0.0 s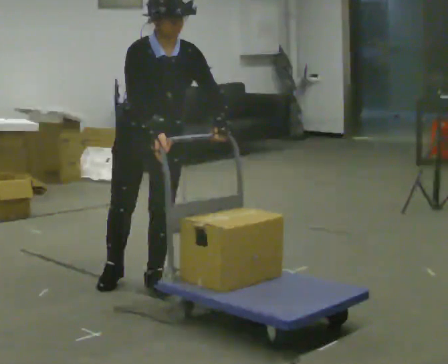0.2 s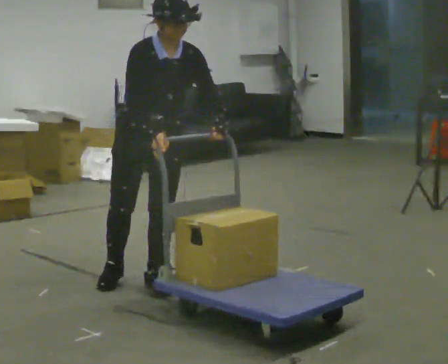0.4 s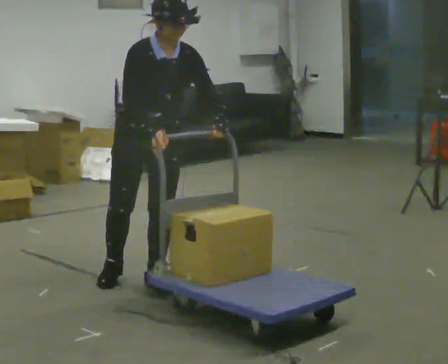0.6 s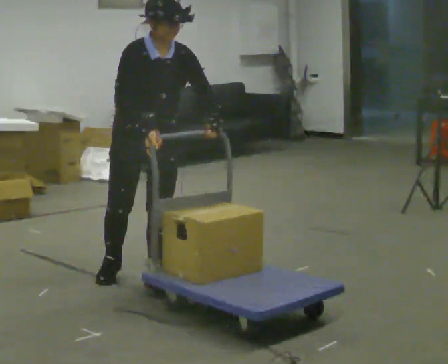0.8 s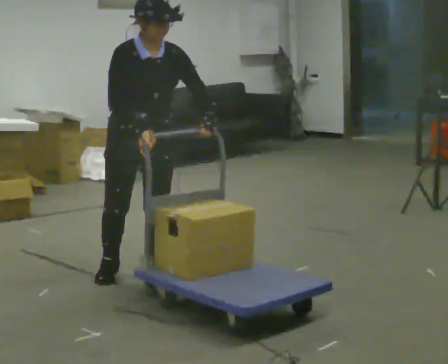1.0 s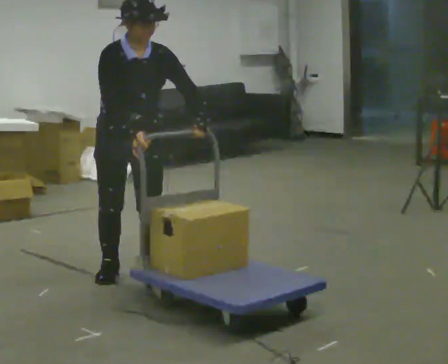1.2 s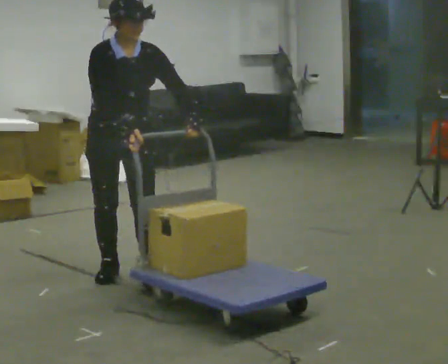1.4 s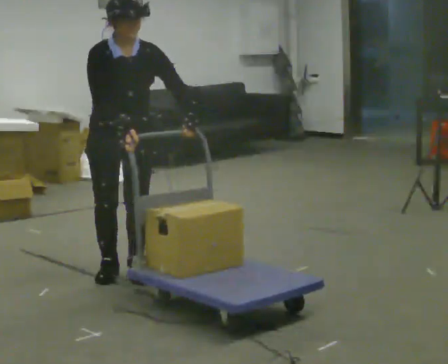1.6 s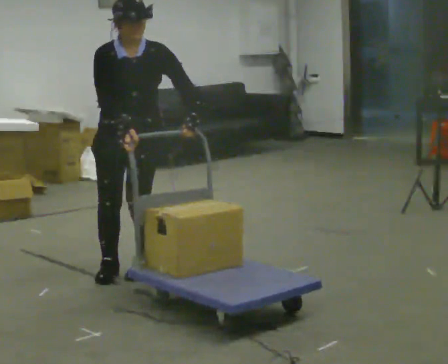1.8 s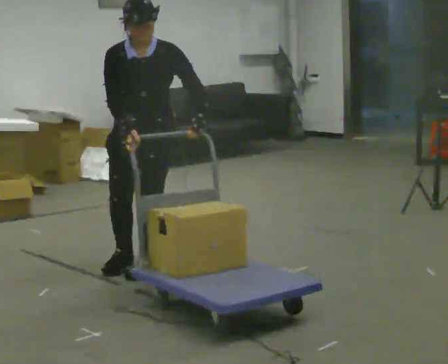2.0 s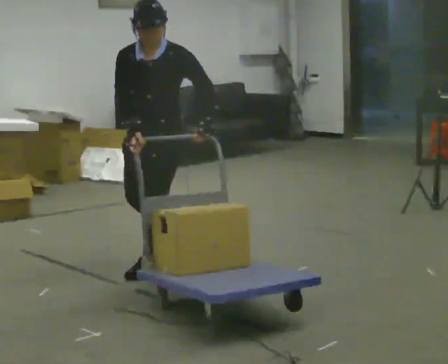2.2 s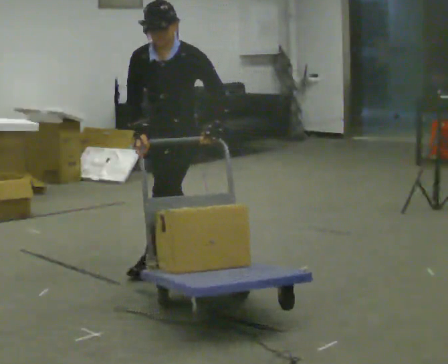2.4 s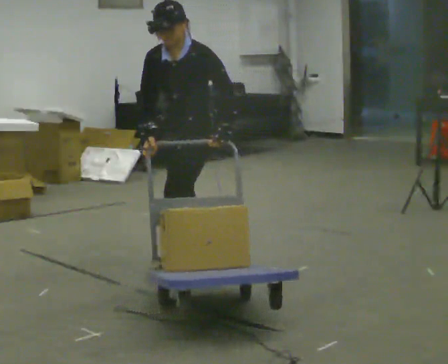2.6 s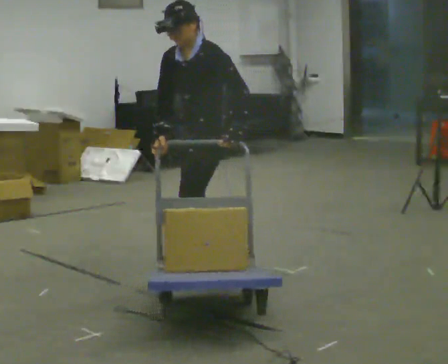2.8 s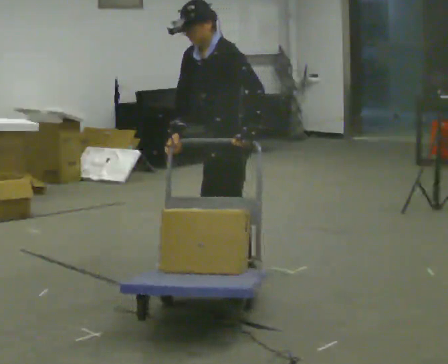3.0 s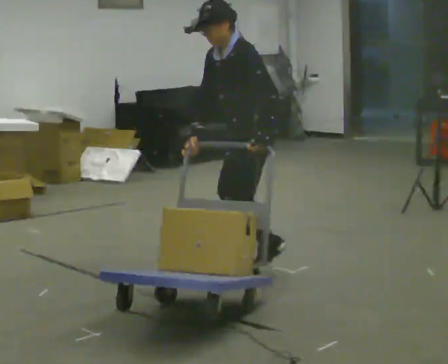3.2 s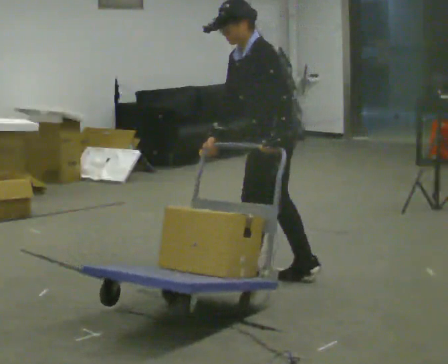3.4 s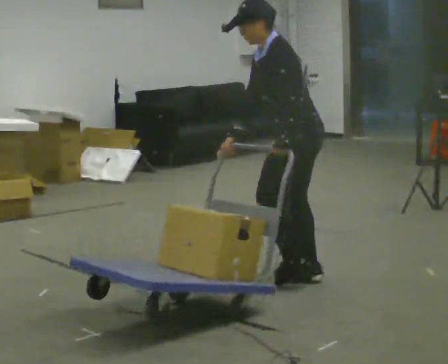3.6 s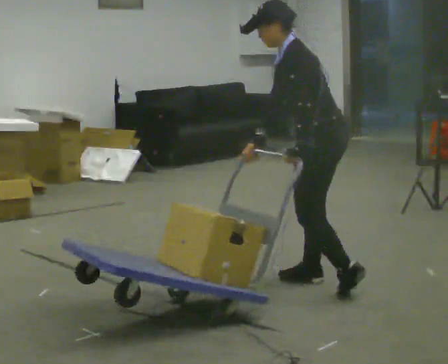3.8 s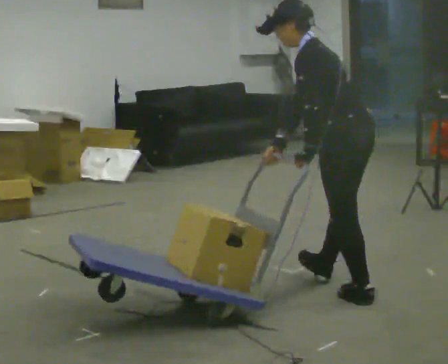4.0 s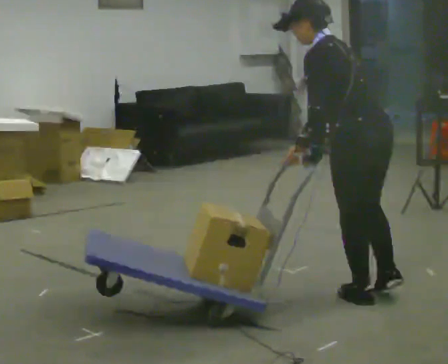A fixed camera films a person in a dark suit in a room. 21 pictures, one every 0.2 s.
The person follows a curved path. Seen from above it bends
clockwise.
The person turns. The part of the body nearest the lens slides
to the left.
0.0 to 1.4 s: In the picture they go to the left and away from the camera, about 0.25 m in 1 step, which for them is backward and to their right.
1.4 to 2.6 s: Seen from above the body turns clockwise, about 75 degrees: to their right, with its near side sliding to the left. In the picture they go to the right, about 0.5 m in 2 steps. In the picture the upper body tilts counterclockwise, shoulders to the left.
2.6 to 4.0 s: The part of the body nearest the lens slides to the left as the person turns to their right by about 75 degrees. In the picture they go to the right and toward the camera, about 1 m in 3 steps. The upper body tips away from the camera, its near side rolling upward.
The film runs backward here.
